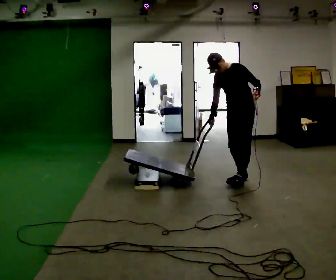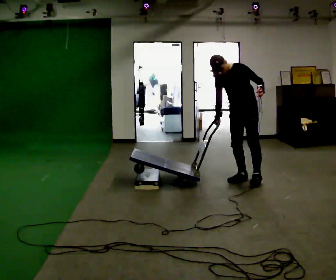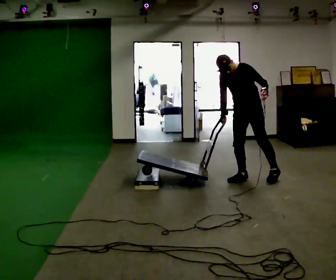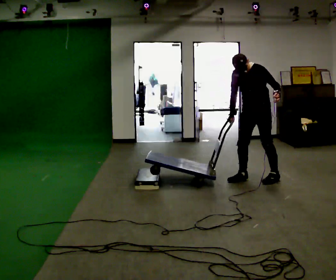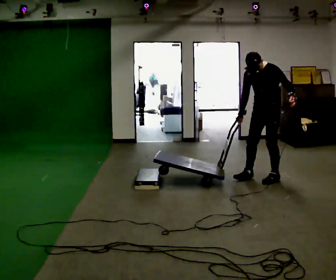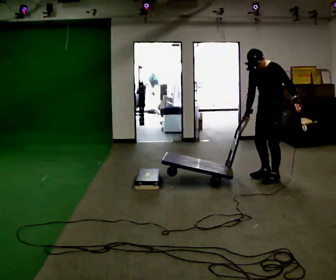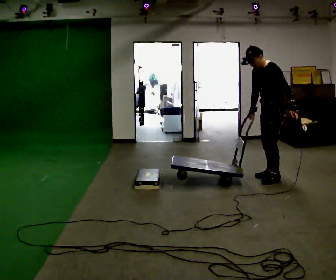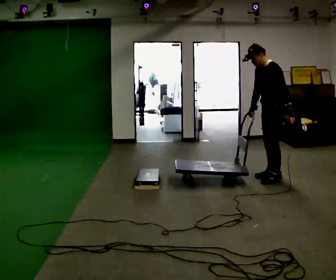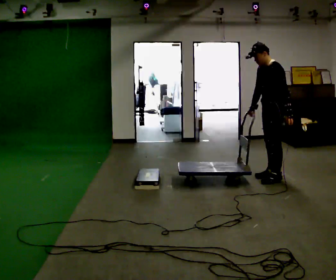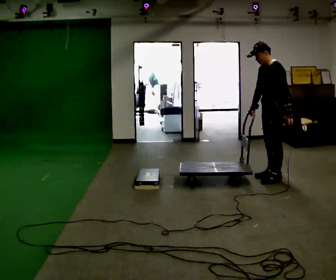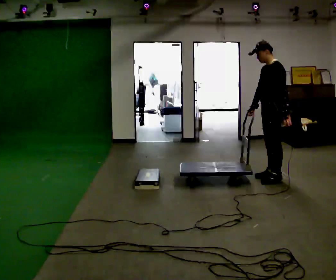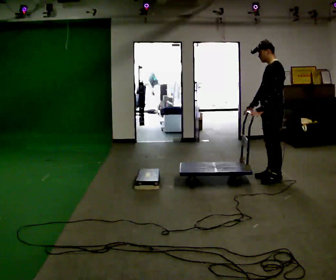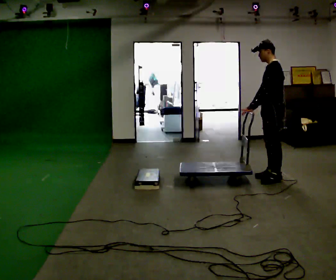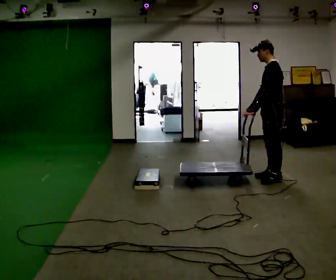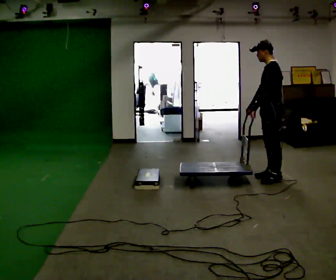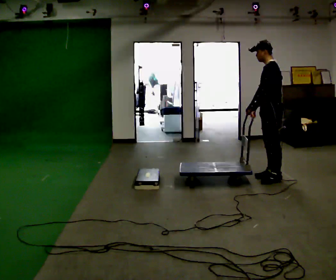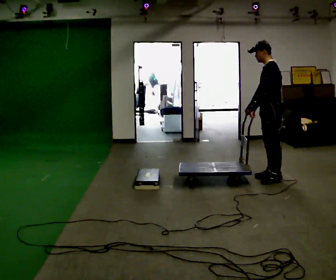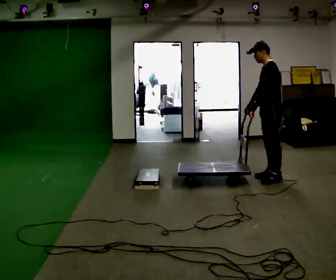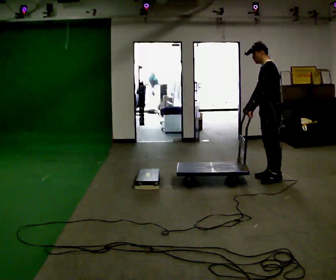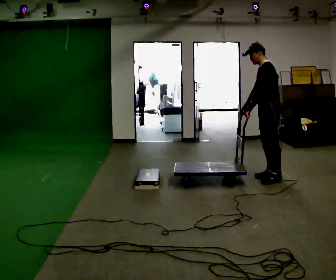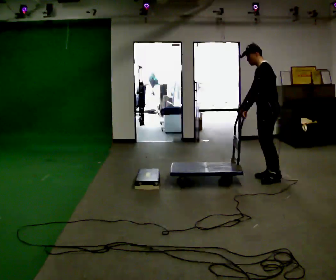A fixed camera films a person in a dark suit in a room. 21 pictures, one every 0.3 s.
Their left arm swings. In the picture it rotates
clockwise.
0.0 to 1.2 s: In the picture they go to the right, about 0.25 m in 1 step, which for them is to their left and backward.
1.2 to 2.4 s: Seen from above the body turns clockwise, about 30 degrees: to their right, with its near side sliding to the left.
2.4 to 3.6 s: In the picture their left hand goes to the left, the arm swinging clockwise.
3.6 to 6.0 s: The person moves a little, or ends about where they began.
The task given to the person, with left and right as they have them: Push the cart up over the low platform edge and down the other side, then bring it back over.
The film runs forward here.
